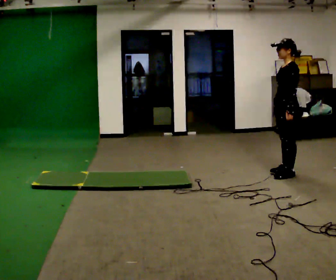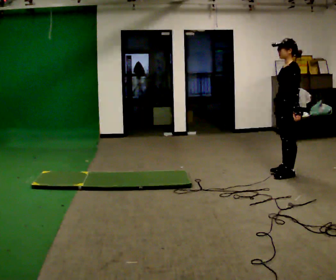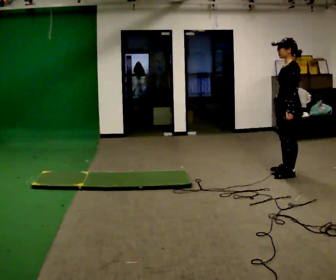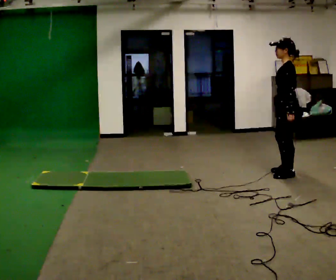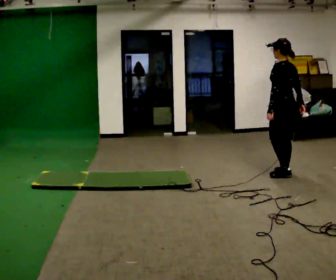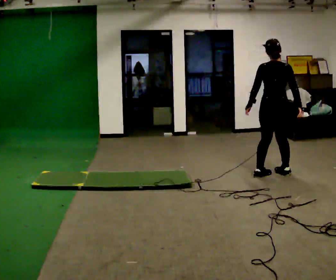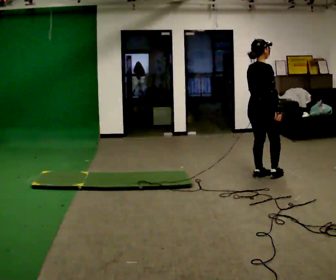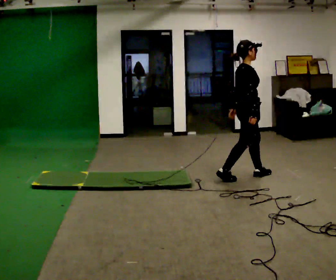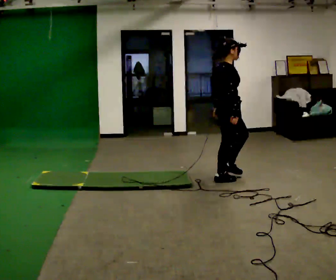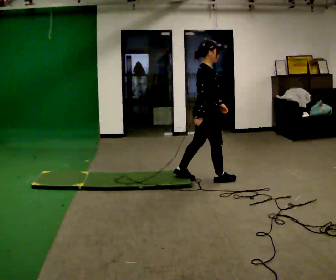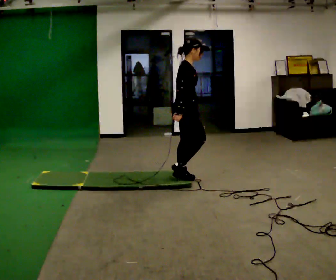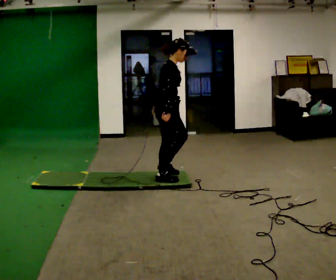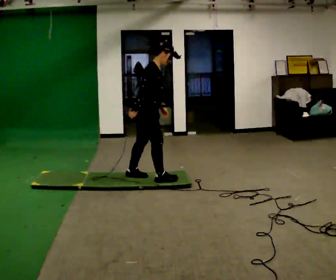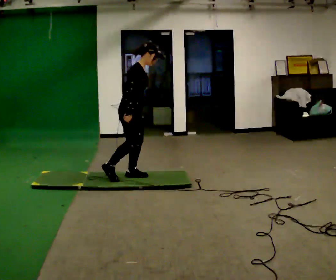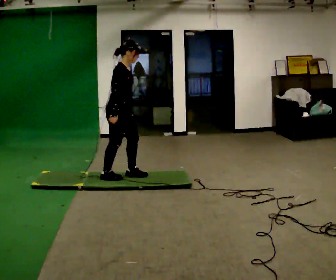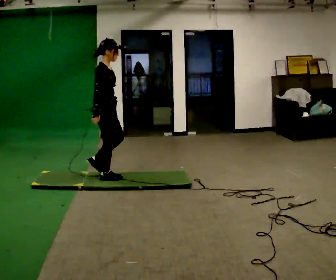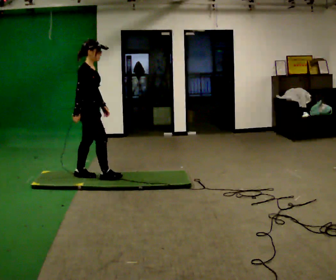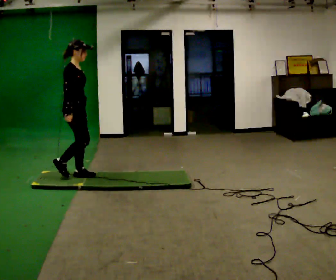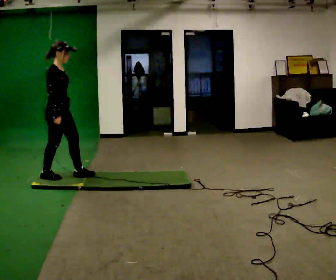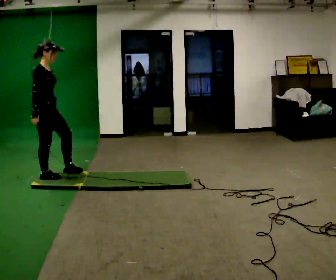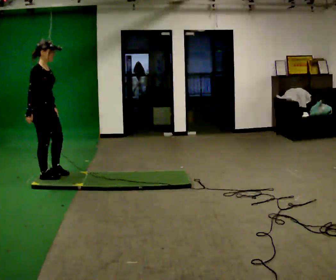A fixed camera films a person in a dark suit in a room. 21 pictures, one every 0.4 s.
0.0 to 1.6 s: The part of the body nearest the lens slides to the left as the person turns to their right by about 45 degrees.
1.6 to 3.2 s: Seen from above the body turns clockwise, about 135 degrees: to their right, with its near side sliding to the left. In the picture they go to the left, about 0.75 m in 2 steps.
3.2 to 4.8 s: In the picture they go to the left, about 1 m in 2 steps, which for them is backward.
4.8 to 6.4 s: In the picture they go to the left, about 0.75 m in 2 steps, which for them is backward.
6.4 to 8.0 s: In the picture they go to the left, about 0.5 m in 2 steps, which for them is backward.
The film runs backward here.
